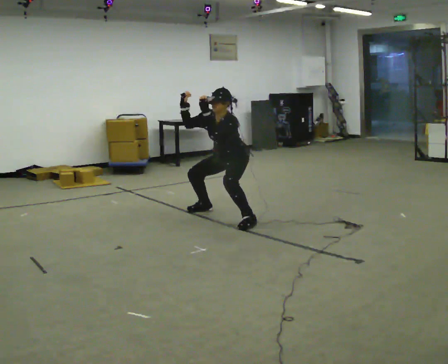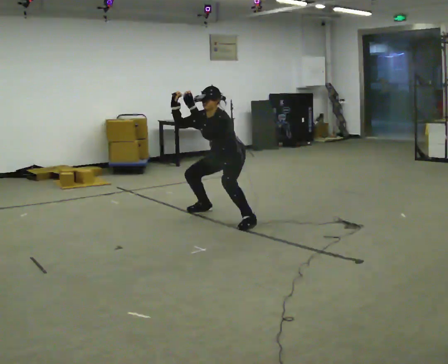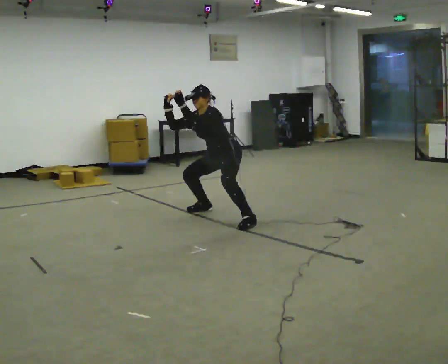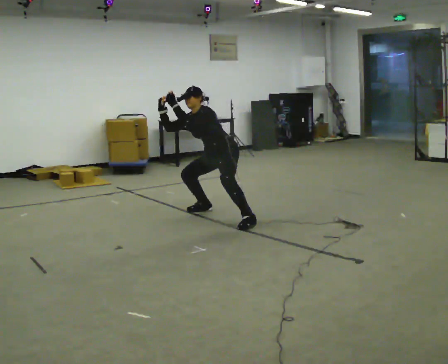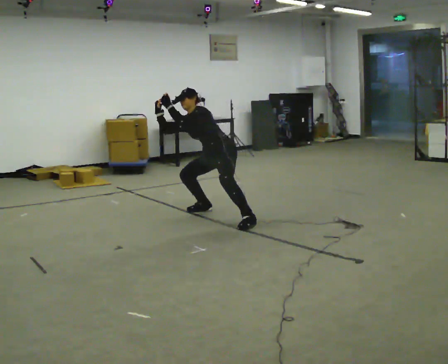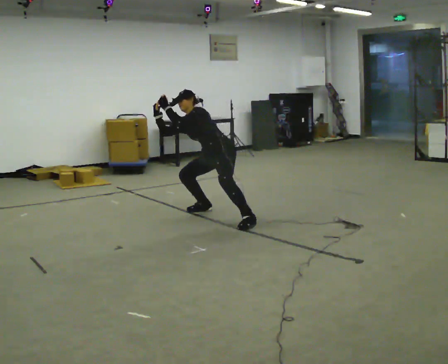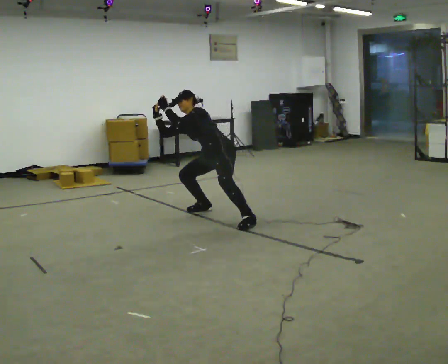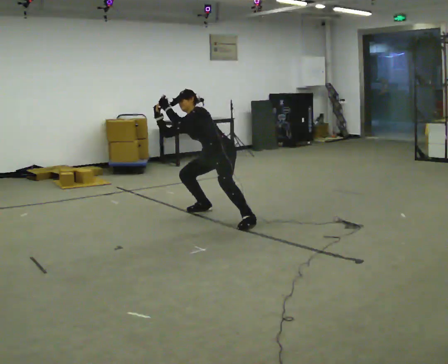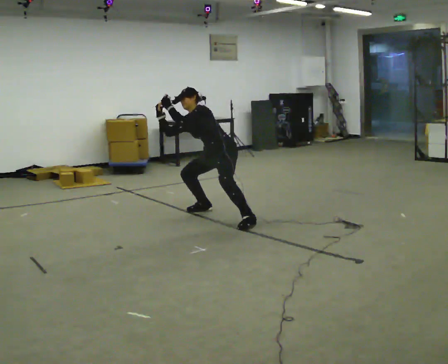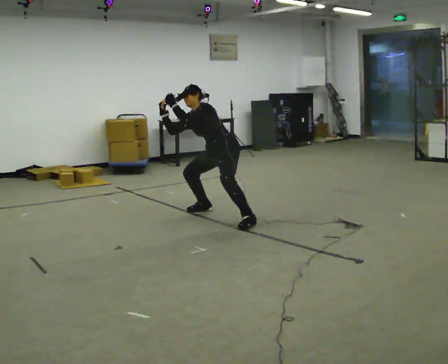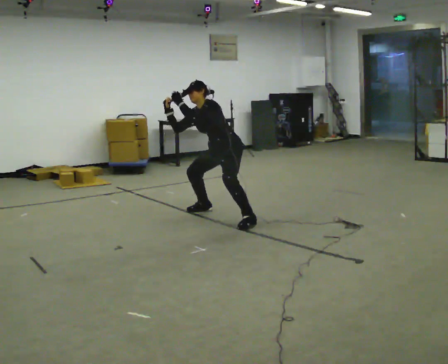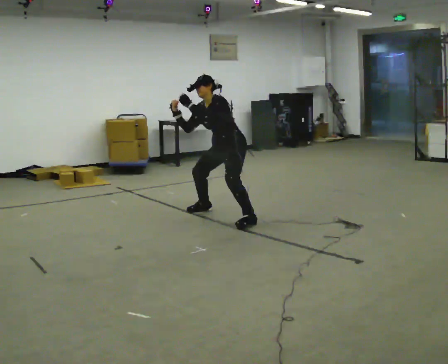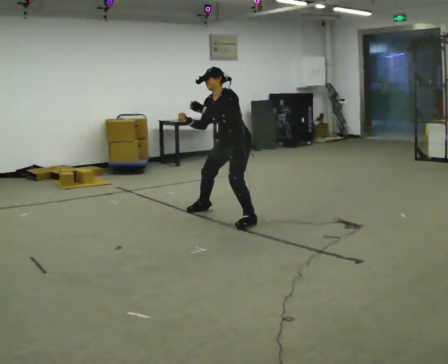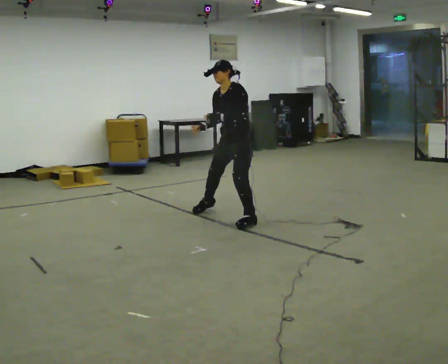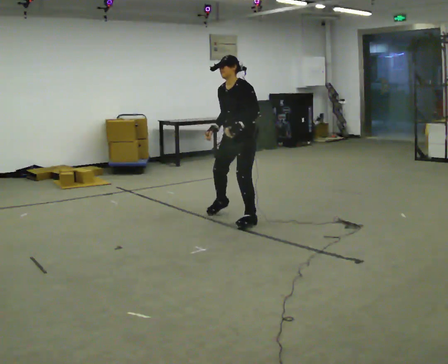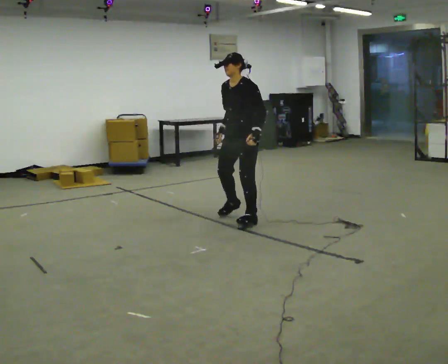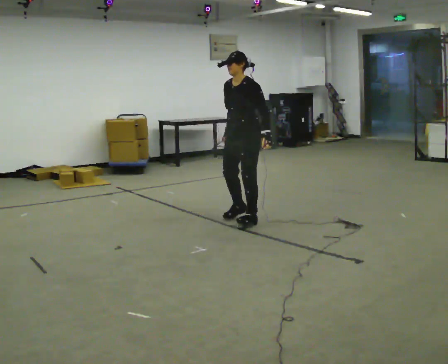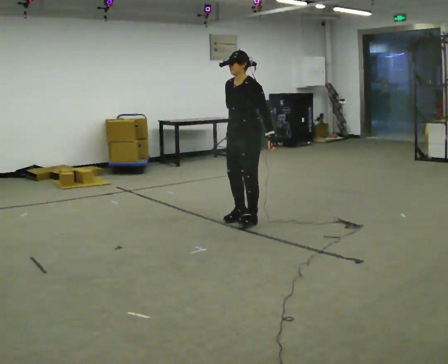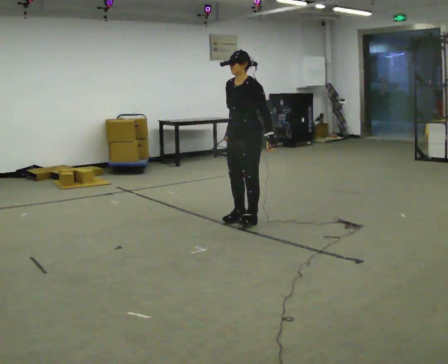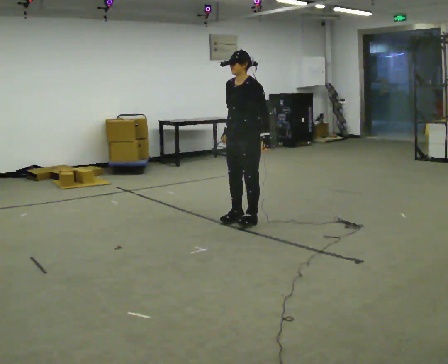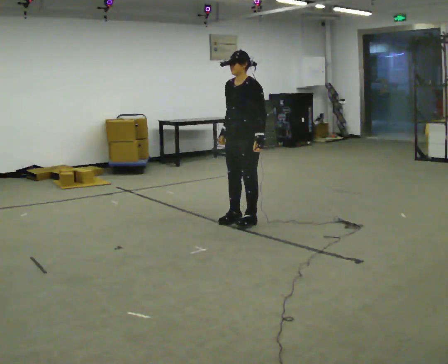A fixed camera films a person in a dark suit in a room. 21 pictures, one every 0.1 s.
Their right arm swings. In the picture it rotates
counterclockwise.
The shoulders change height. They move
upward.
0.0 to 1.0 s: The person moves a little, or ends about where they began.
1.0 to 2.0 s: In the picture they go toward the camera and to the right, about 0.25 m in 1 step, which for them is to their left. The upper body goes upward. In the picture the upper body tilts clockwise, shoulders to the right, as they lean back or straighten. In the picture their left hand goes downward.
The film runs forward here.
